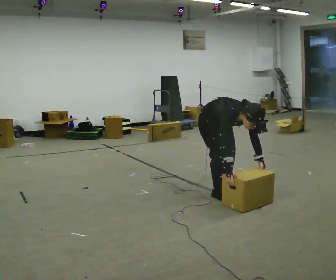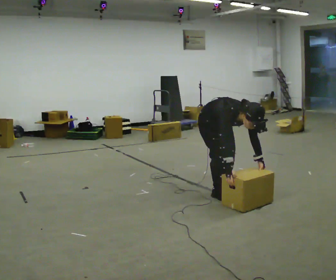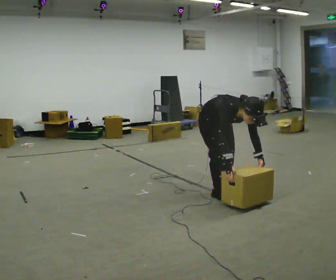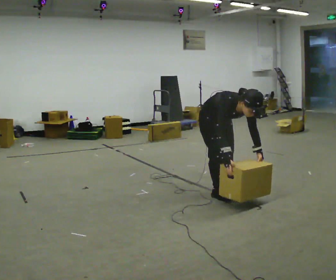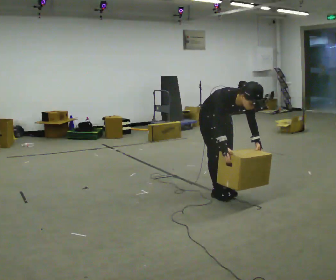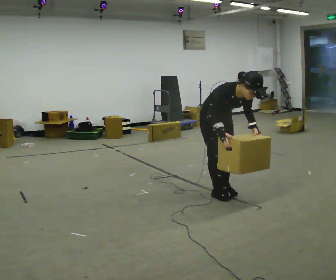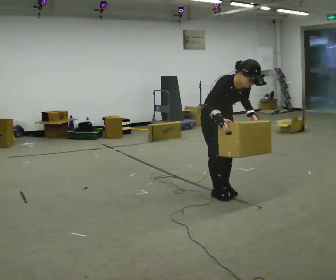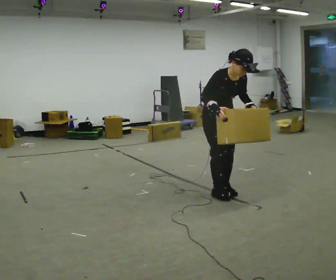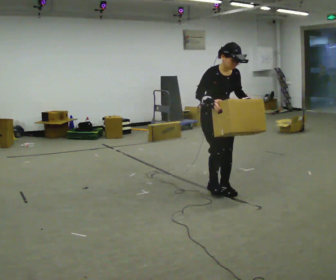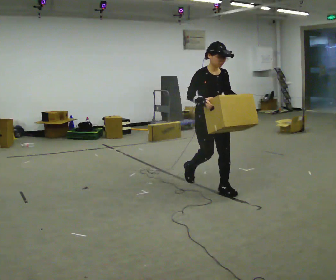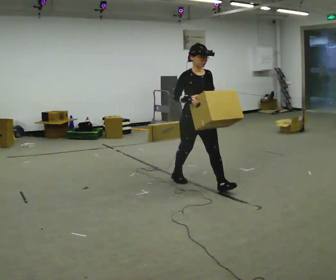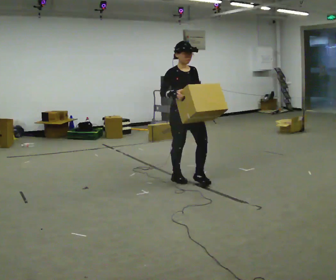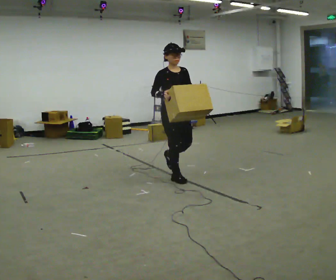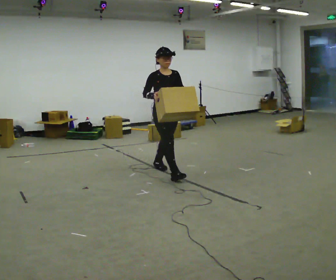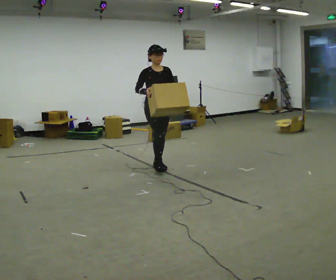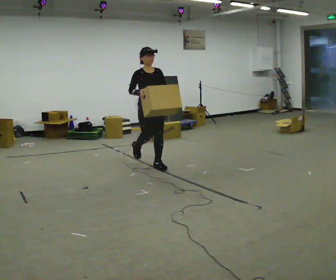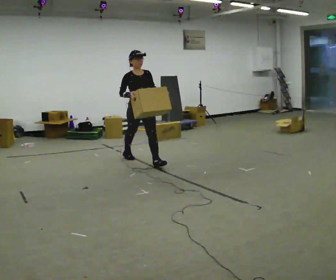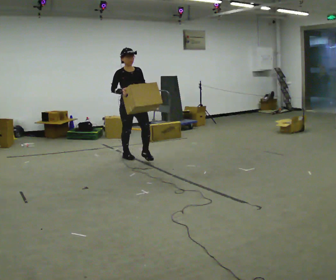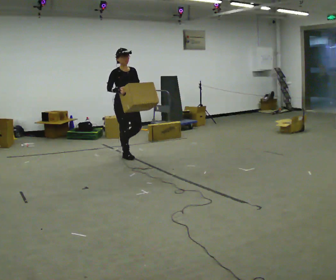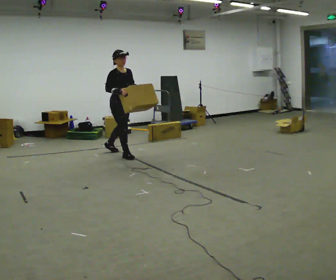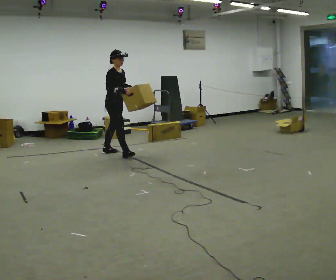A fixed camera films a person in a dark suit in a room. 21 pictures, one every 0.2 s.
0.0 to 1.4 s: The shoulders move upward. The upper body tips away from the camera, its near side rolling upward, as they lean back or straighten. In the picture their right hand goes upward.
1.4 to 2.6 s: In the picture they go away from the camera and to the left, about 1 m in 2 steps, which for them is backward. The upper body tips away from the camera, its near side rolling upward, as they lean back or straighten.
2.6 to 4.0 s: The person turns about 45 degrees to their left, counterclockwise seen from above, so the part of the body nearest the lens slides to the right. In the picture they go to the left and away from the camera, about 1.5 m in 2 steps, which for them is backward and to their right.
The film runs backward here.
